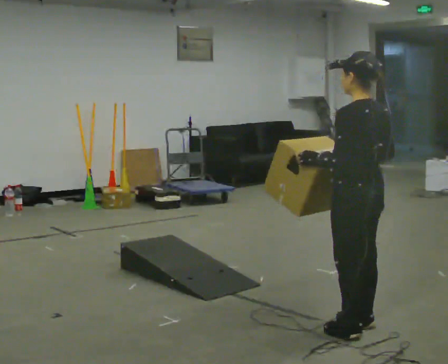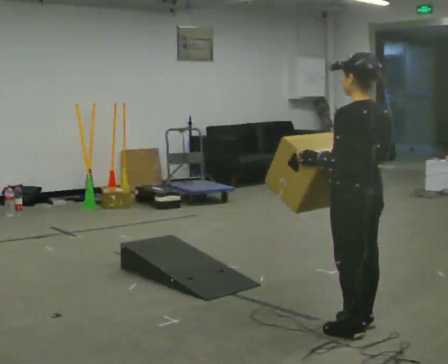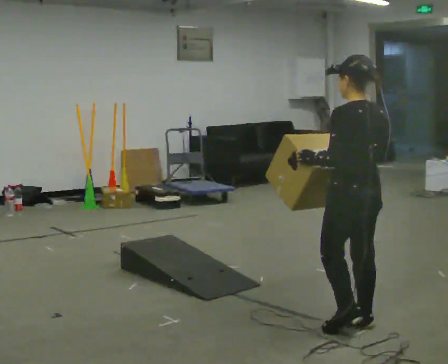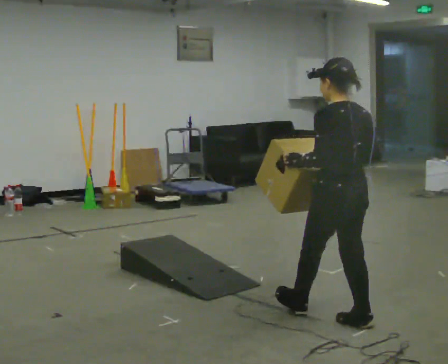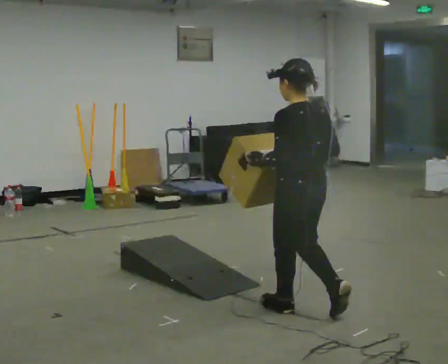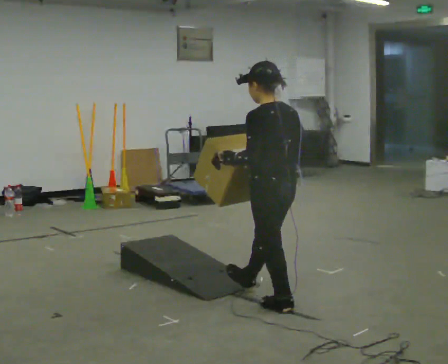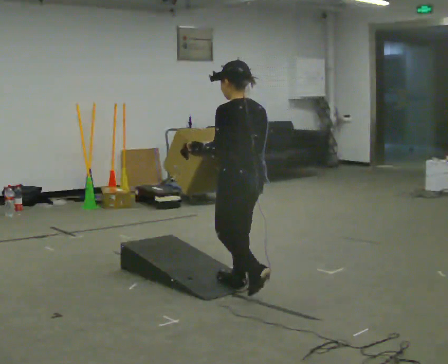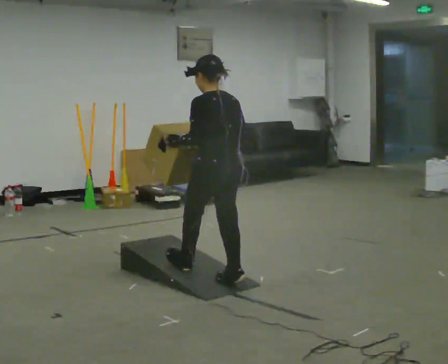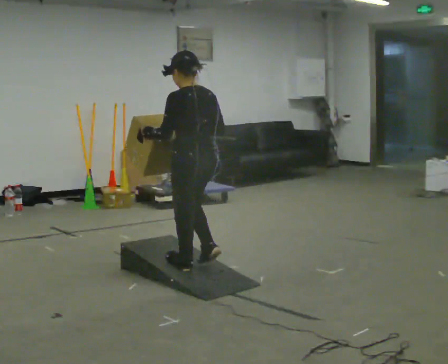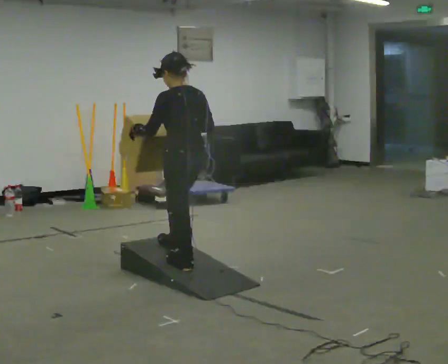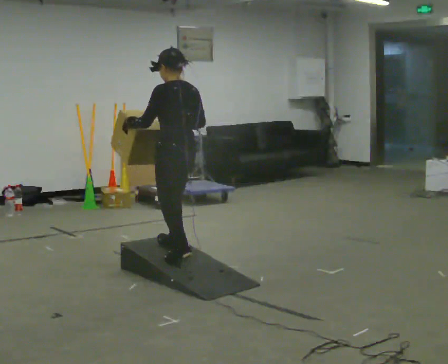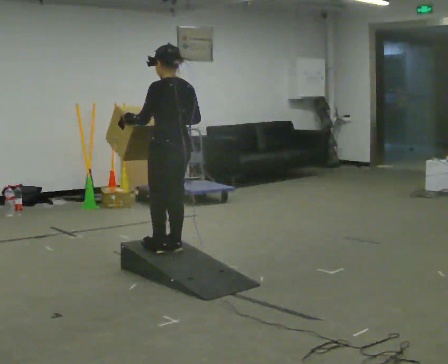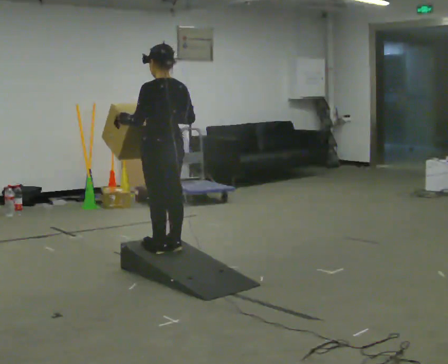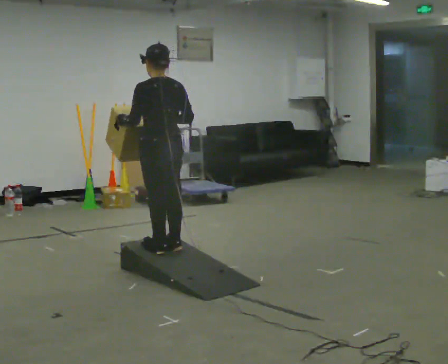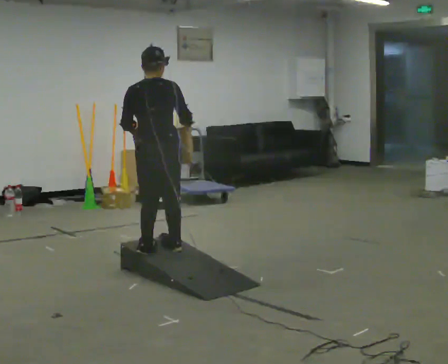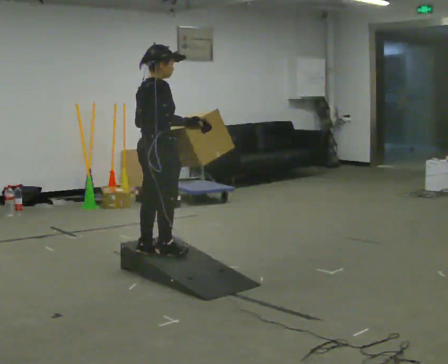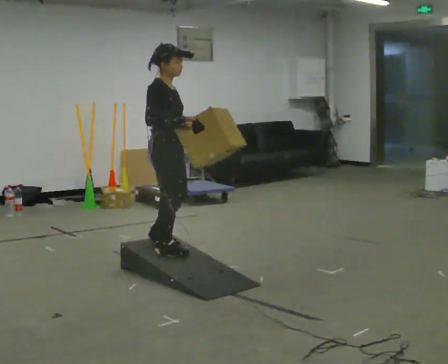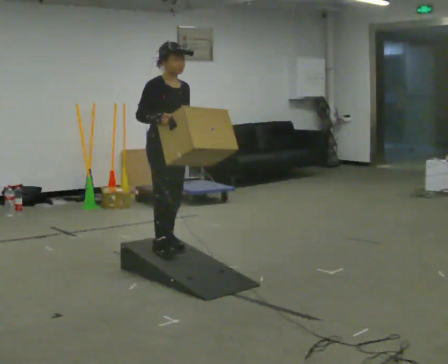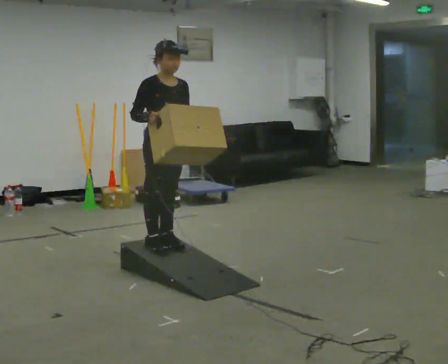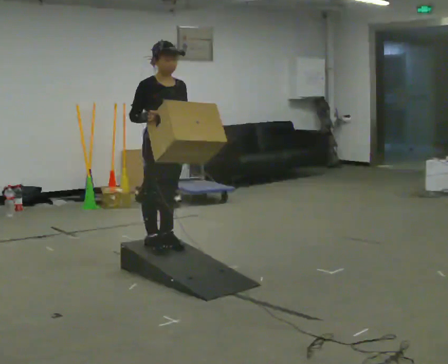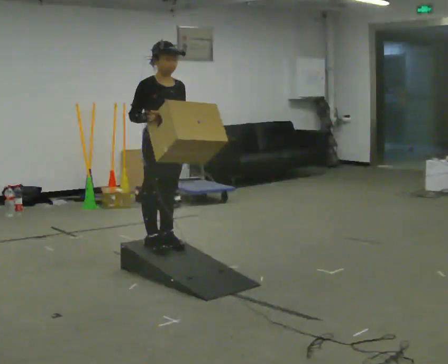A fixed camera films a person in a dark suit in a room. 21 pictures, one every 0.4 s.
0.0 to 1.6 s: In the picture they go away from the camera and to the left, about 0.5 m in 1 step, which for them is forward.
1.6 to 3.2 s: In the picture they go away from the camera and to the left, about 1 m in 2 steps, which for them is forward.
3.2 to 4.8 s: In the picture they go away from the camera and to the left, about 0.5 m in 2 steps, which for them is forward.
4.8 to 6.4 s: The person turns about 150 degrees to their right, clockwise seen from above, so the part of the body nearest the lens slides to the left.
6.4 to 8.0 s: The part of the body nearest the lens slides to the left as the person turns to their right by about 45 degrees.
The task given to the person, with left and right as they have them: Carry the box up the ramp, turn at the top, and carry it back down. Keep going until the operator says stop; one object at a time, and do not rush between trips.
The film runs forward here.
